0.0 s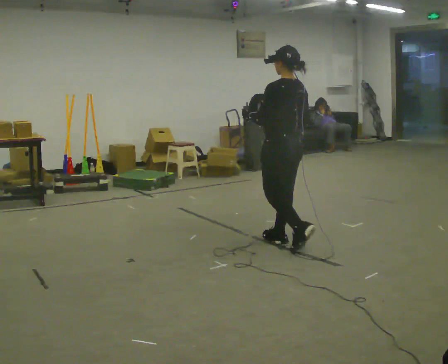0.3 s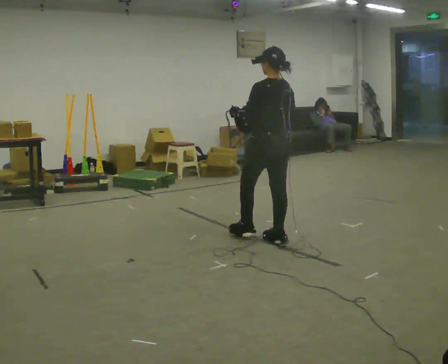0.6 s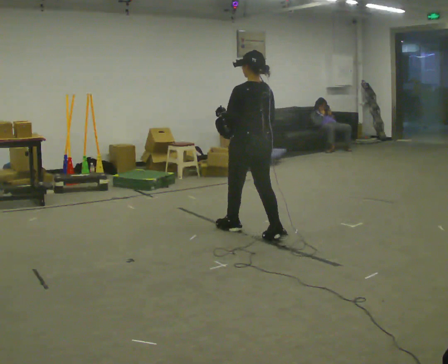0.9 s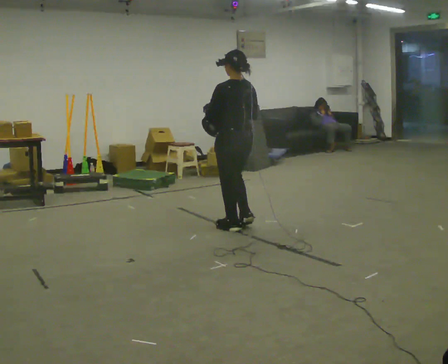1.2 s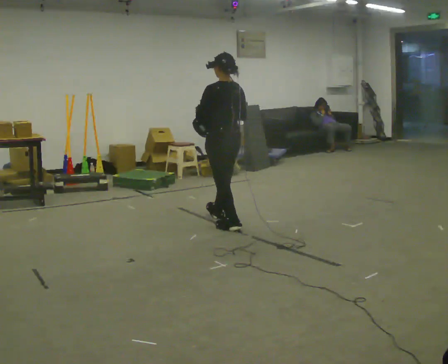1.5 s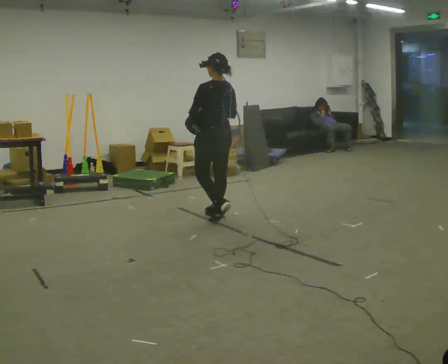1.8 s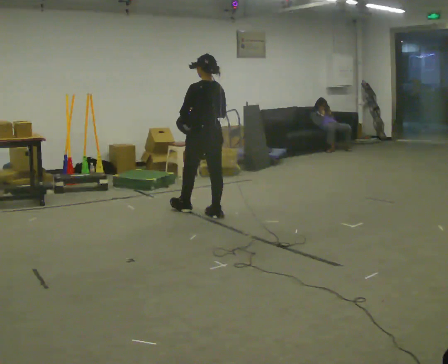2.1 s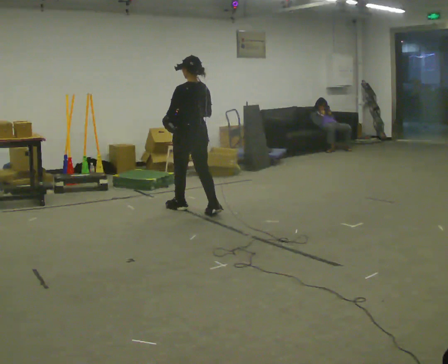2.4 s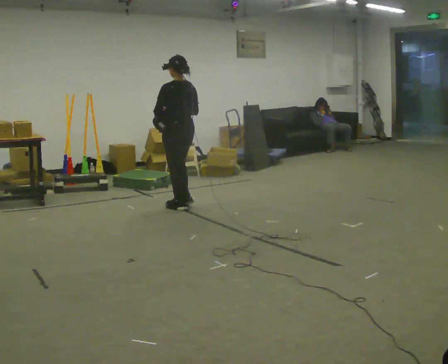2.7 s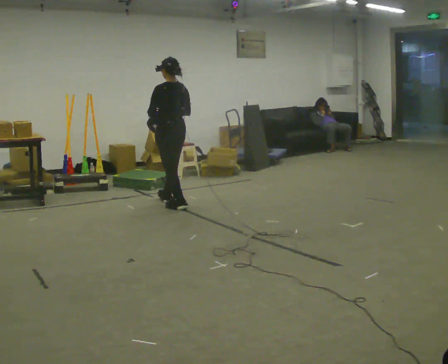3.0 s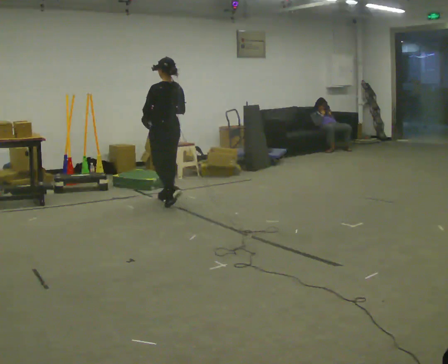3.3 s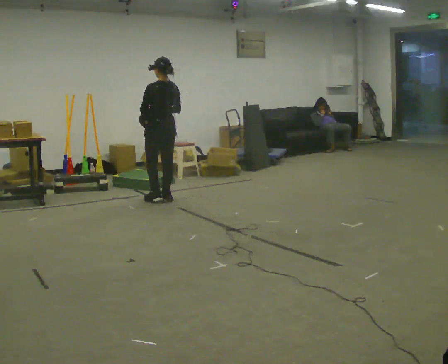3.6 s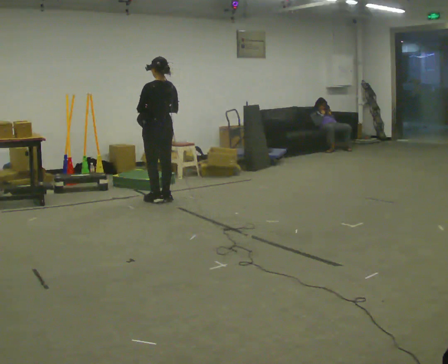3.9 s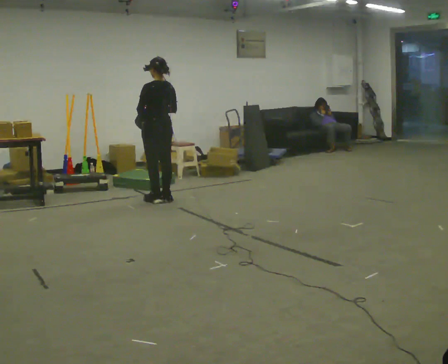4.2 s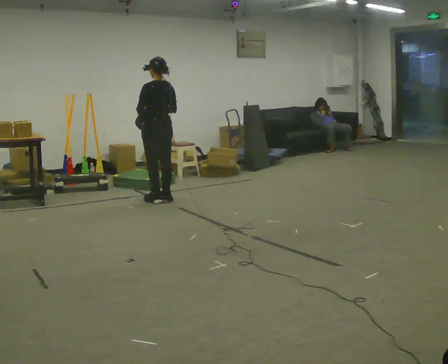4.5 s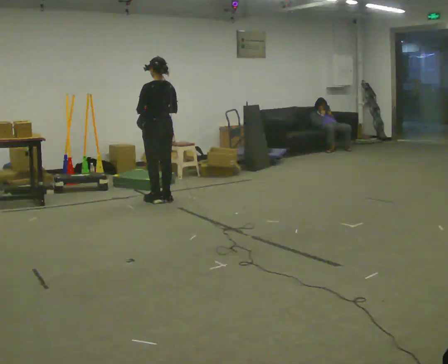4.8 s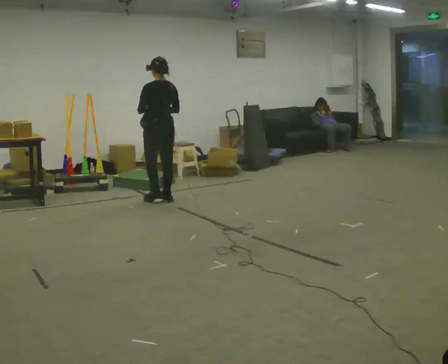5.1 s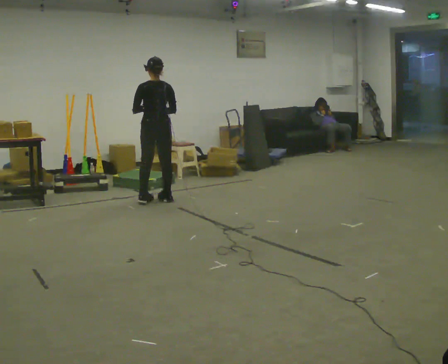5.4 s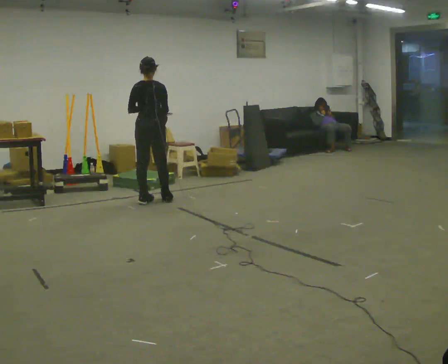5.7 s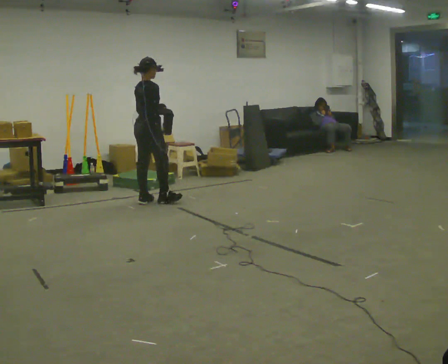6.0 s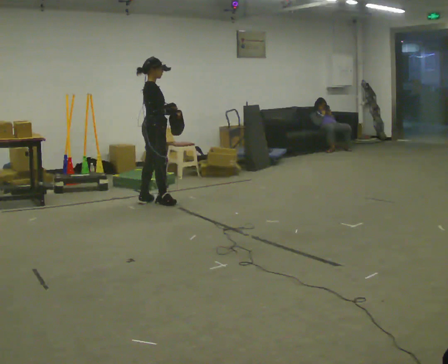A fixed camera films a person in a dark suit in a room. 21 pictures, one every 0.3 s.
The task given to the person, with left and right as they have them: Carry the bag and, while walking, undo the buckle or zip, then do it up again. Keep repeating as you walk. Do not stop.
0.0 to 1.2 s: In the picture they go away from the camera and to the left, about 1 m in 2 steps, which for them is forward.
1.2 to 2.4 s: In the picture they go away from the camera and to the left, about 1 m in 1 step, which for them is forward.
2.4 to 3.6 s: In the picture they go away from the camera and to the left, about 0.5 m in 2 steps, which for them is forward.
3.6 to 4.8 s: The person moves a little, or ends about where they began.
4.8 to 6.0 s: The part of the body nearest the lens slides to the left as the person turns to their right by about 105 degrees.
The film runs forward here.
